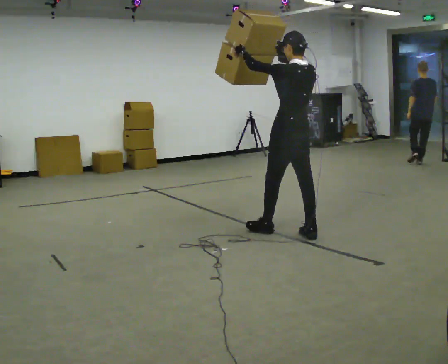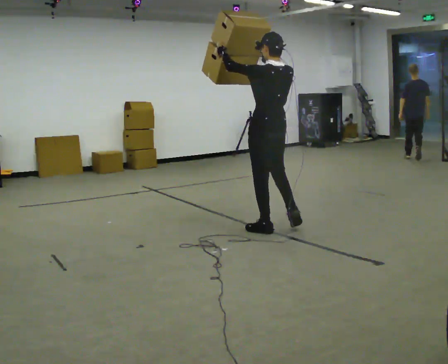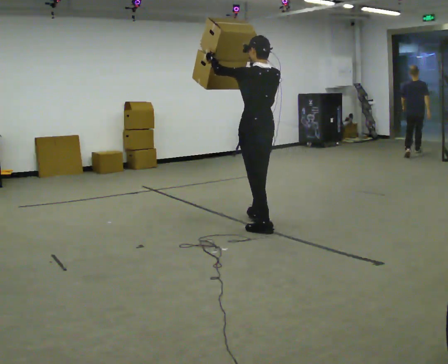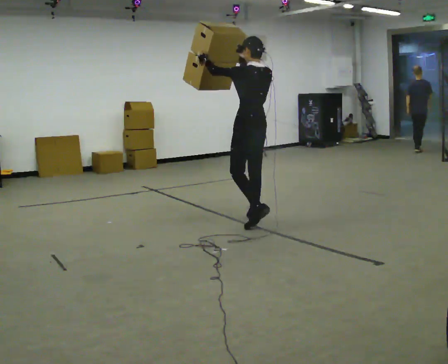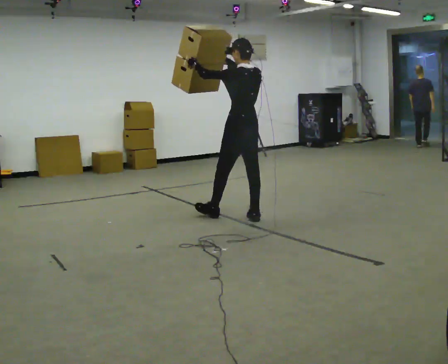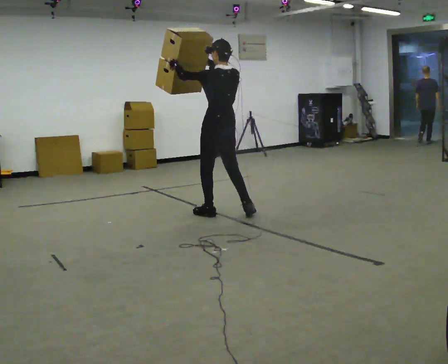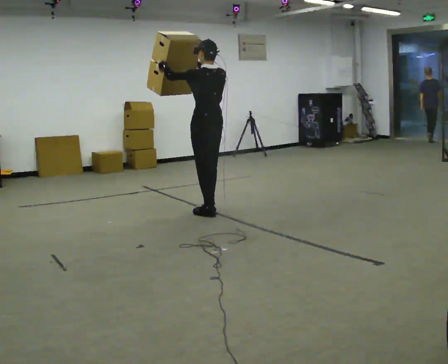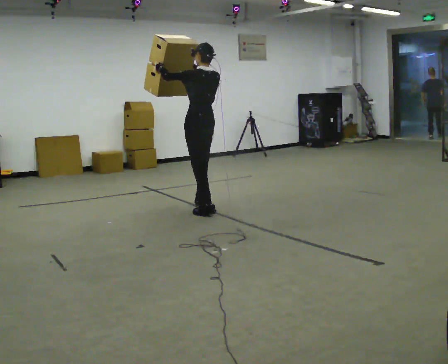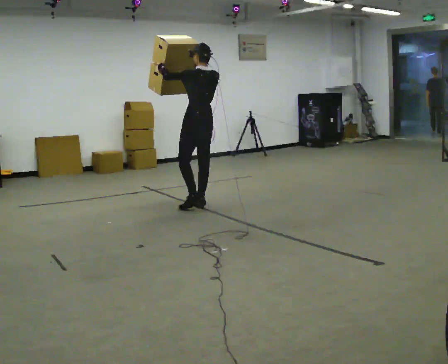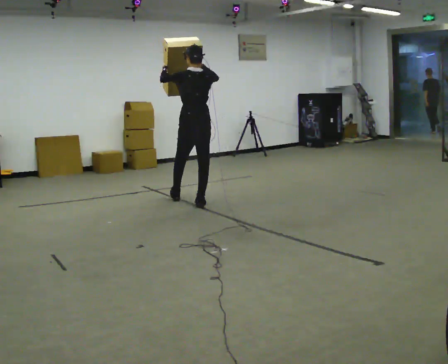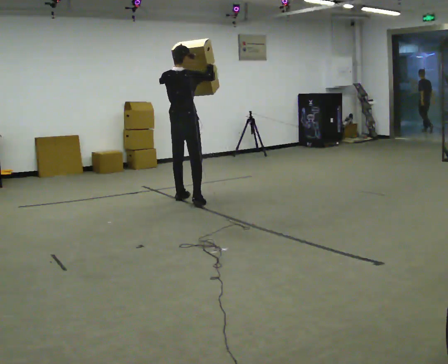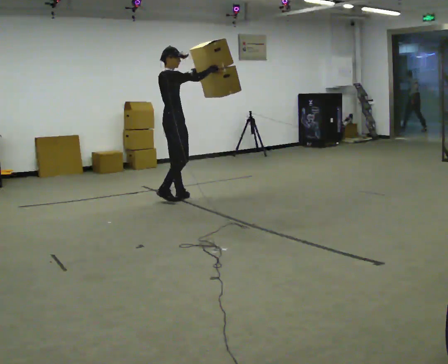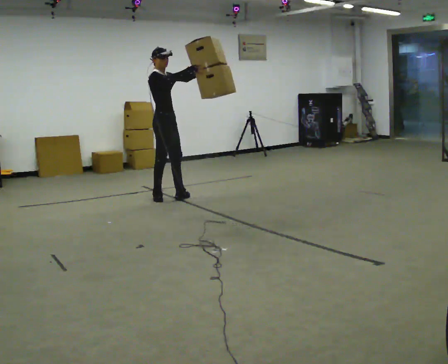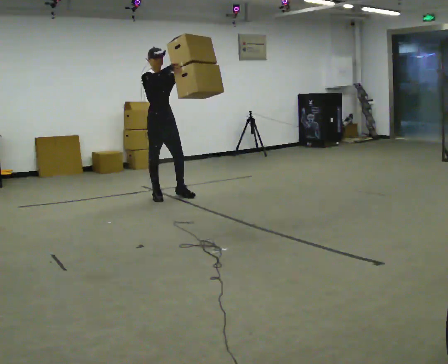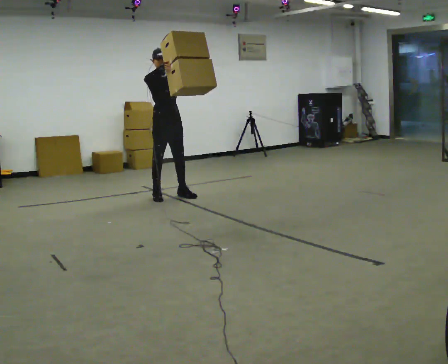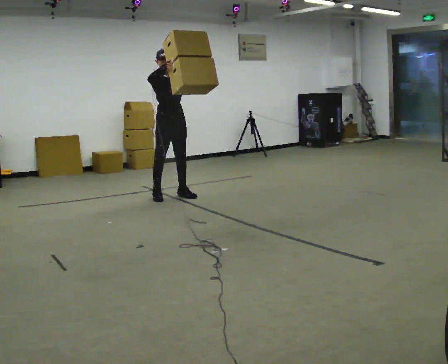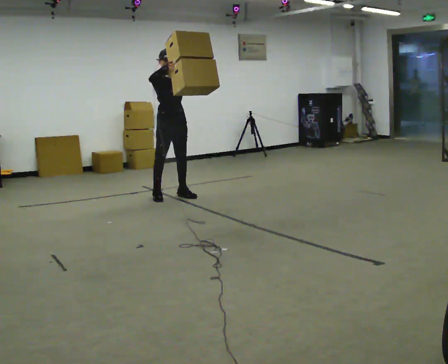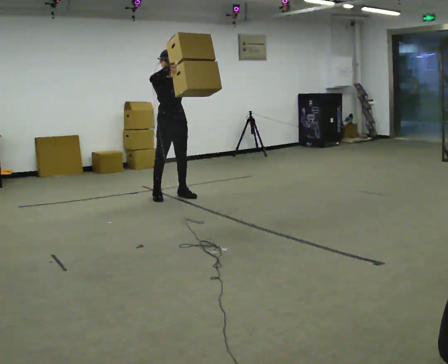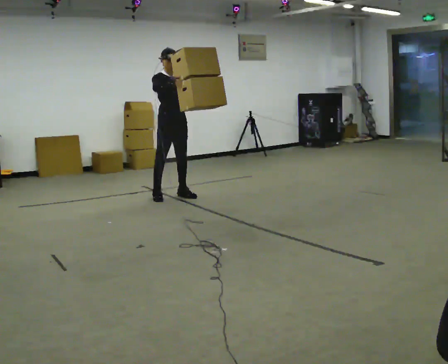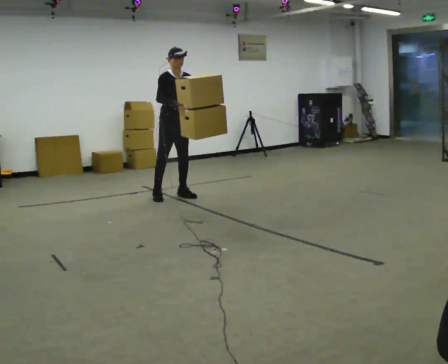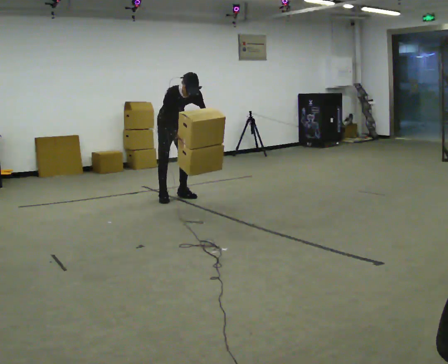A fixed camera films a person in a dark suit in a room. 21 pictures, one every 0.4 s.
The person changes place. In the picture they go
away from the camera.
Their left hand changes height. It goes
downward.
0.0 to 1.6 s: In the picture they go away from the camera and to the left, about 0.75 m in 1 step, which for them is forward.
1.6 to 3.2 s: In the picture they go away from the camera and to the left, about 0.75 m in 2 steps, which for them is forward.
3.2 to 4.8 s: Seen from above the body turns clockwise, about 150 degrees: to their right, with its near side sliding to the left. In the picture they go to the left and away from the camera, about 0.5 m in 2 steps.
4.8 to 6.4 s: The person turns about 45 degrees to their right, clockwise seen from above, so the part of the body nearest the lens slides to the left.
6.4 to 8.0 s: The shoulders move downward. The upper body tips toward the camera, its near side rolling downward, as they bend forward. In the picture their right hand goes downward.
The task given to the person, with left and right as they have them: Carry the large panel across the room. It will block your view ahead, so take whatever route feels safe. Keep going until the operator says stop; one object at a time, and do not rush between trips.
The film runs forward here.
